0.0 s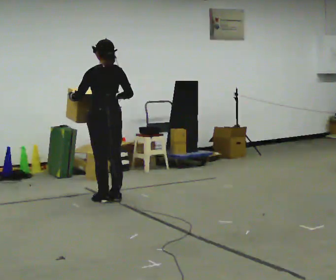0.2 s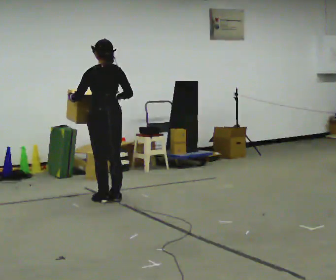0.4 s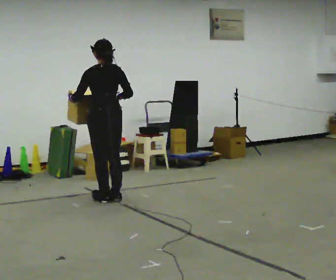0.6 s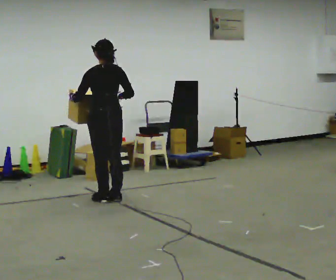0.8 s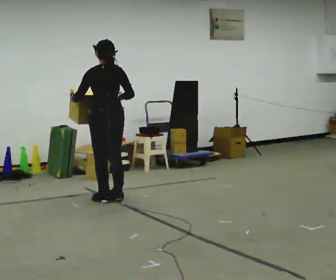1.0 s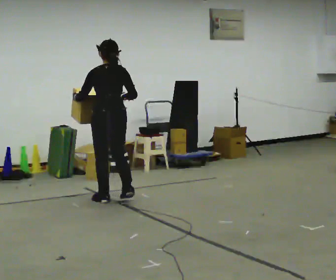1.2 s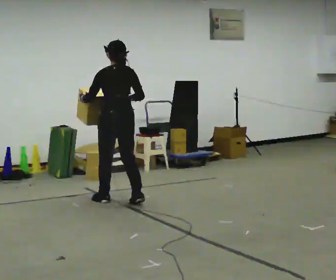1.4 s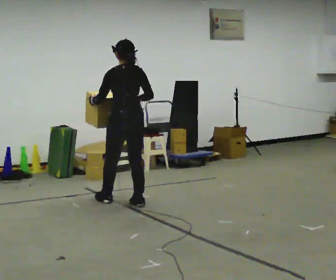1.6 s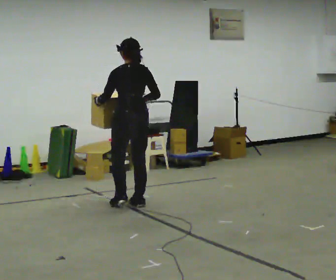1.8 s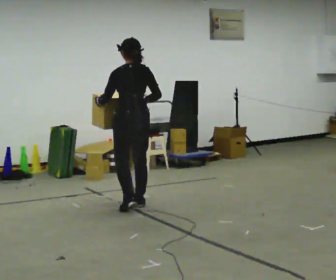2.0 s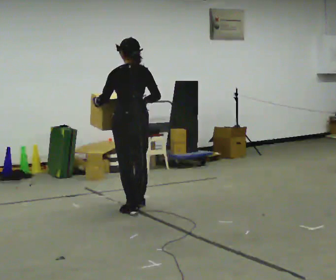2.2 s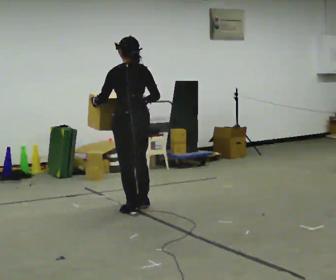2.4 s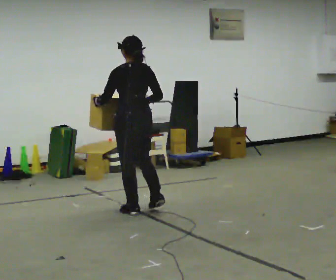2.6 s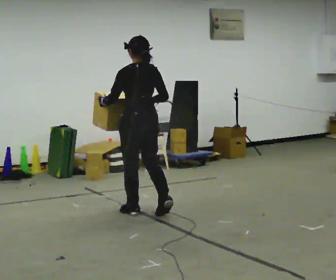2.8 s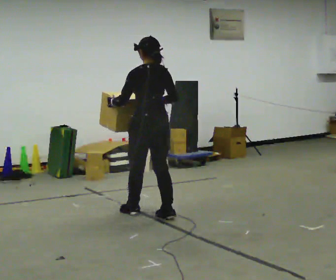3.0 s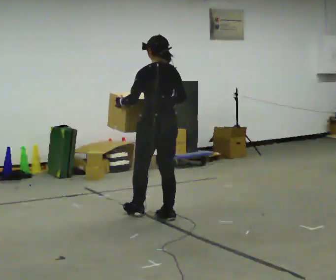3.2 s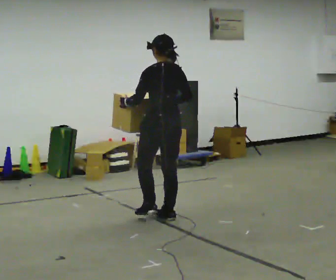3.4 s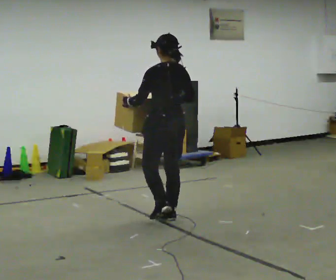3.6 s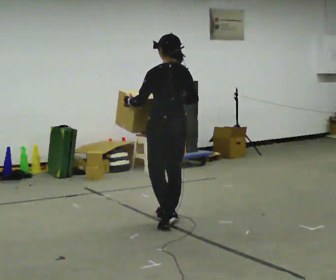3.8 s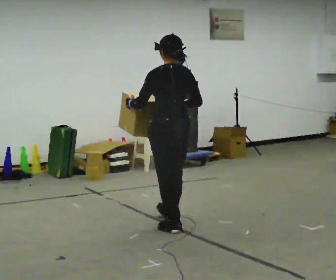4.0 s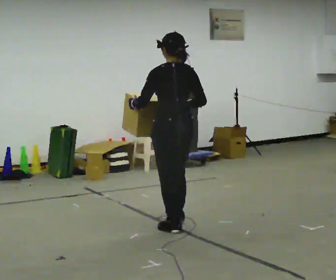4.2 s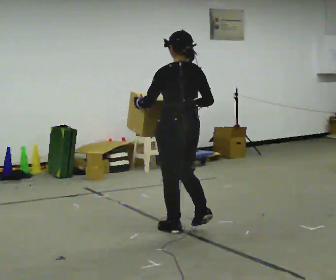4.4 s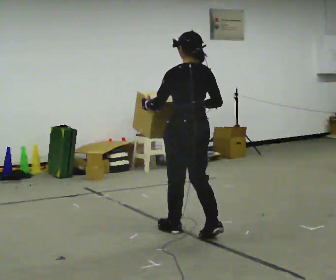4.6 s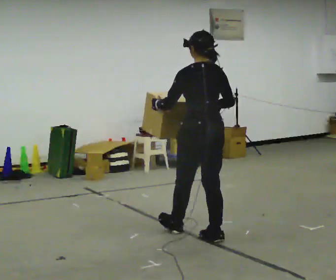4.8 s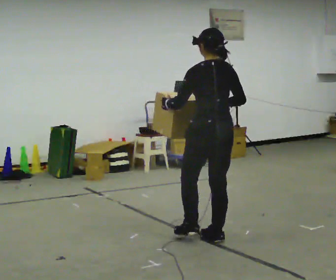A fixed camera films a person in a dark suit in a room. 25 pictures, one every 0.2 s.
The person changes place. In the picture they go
toward the camera.
0.0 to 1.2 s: The person moves a little, or ends about where they began.
1.2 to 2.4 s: In the picture they go toward the camera and to the right, about 0.5 m in 1 step, which for them is backward.
2.4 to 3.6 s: In the picture they go toward the camera and to the right, about 0.5 m in 1 step, which for them is backward.
3.6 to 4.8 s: In the picture they go toward the camera and to the right, about 0.75 m in 2 steps, which for them is backward.
The film runs forward here.
